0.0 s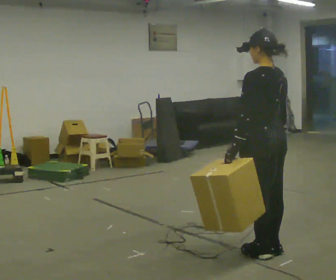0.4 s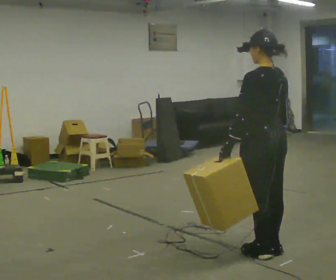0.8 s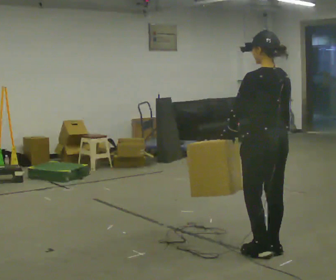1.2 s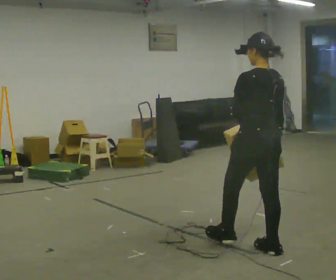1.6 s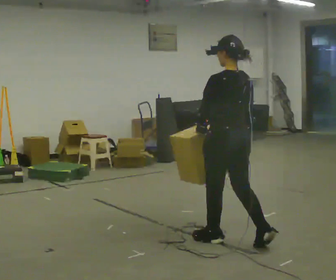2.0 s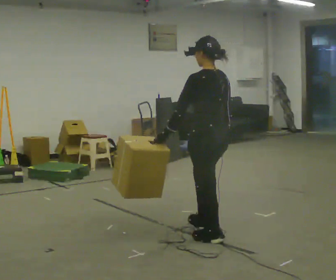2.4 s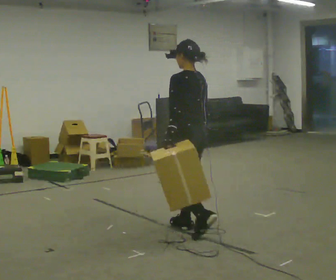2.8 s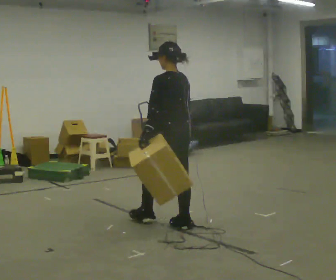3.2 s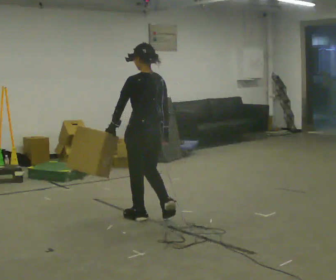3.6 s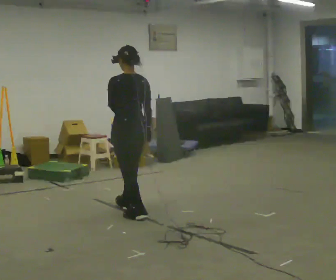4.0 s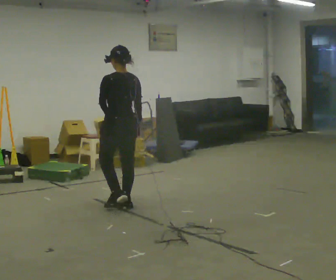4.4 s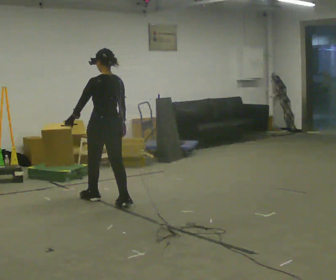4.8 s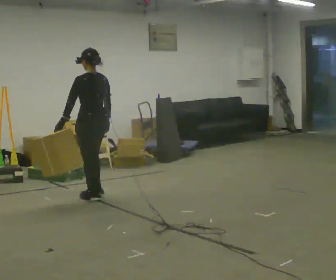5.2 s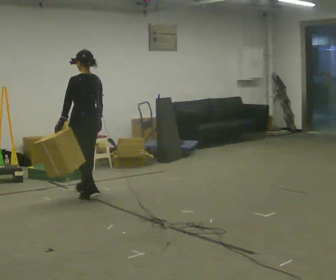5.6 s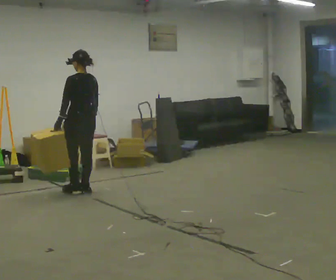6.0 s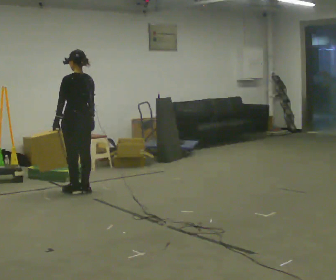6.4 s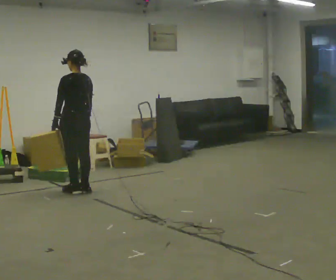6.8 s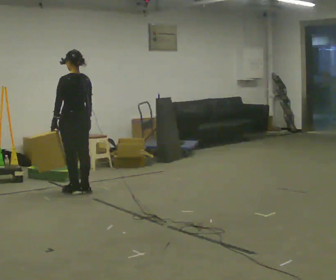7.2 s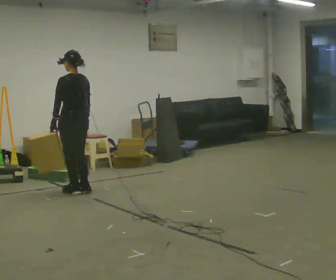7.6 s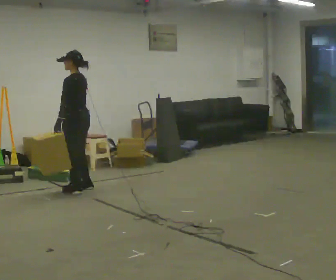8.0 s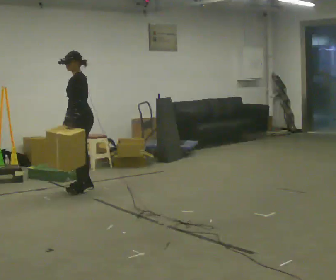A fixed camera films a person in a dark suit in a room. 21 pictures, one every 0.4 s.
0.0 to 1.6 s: In the picture they go away from the camera and to the left, about 0.25 m in 1 step, which for them is forward.
1.6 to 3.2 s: In the picture they go away from the camera and to the left, about 1 m in 2 steps, which for them is forward.
3.2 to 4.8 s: In the picture they go away from the camera and to the left, about 1 m in 2 steps, which for them is forward.
4.8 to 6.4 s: In the picture they go away from the camera and to the left, about 0.5 m in 2 steps, which for them is forward.
6.4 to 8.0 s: Seen from above the body turns counterclockwise, about 75 degrees: to their left, with its near side sliding to the right.
The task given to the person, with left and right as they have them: Carry the object in the hand the operator calls, down at your side, walking back and forth across the room.
The film runs forward here.
